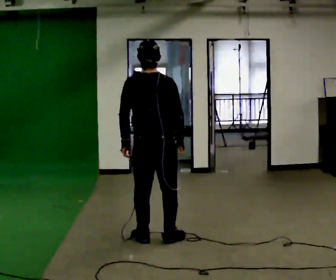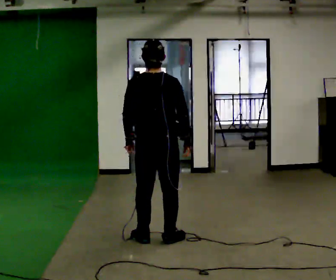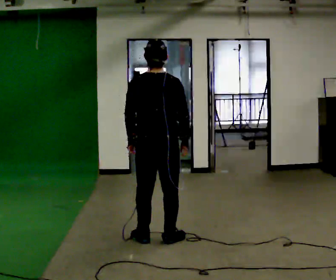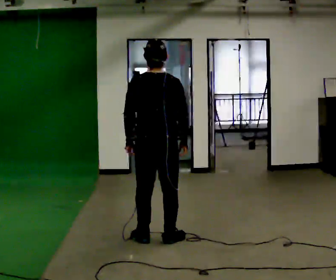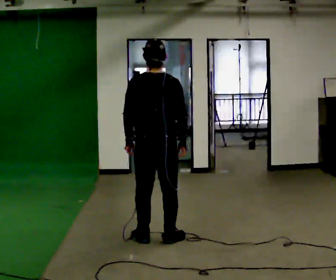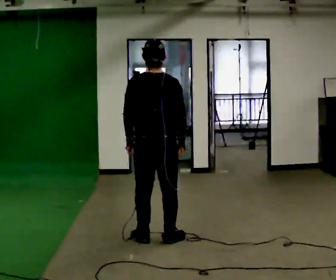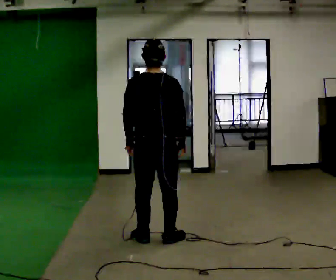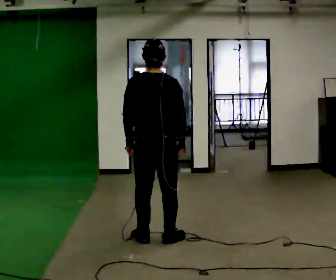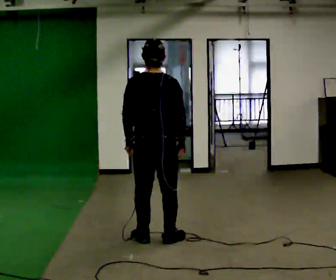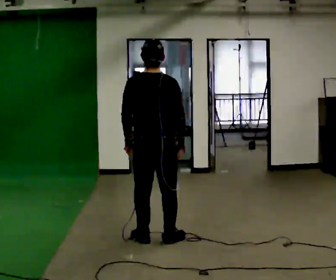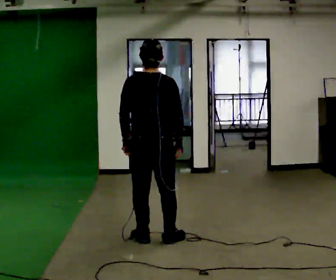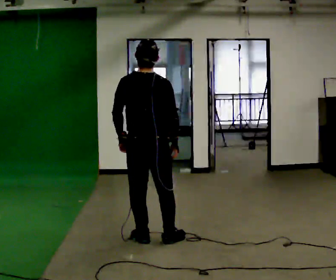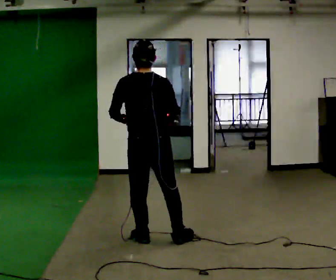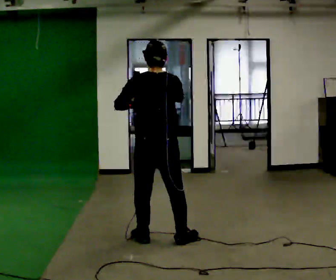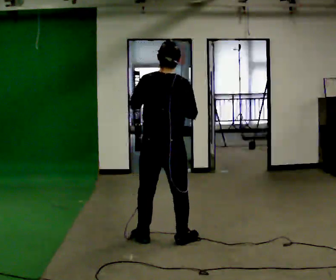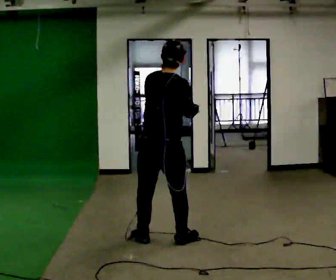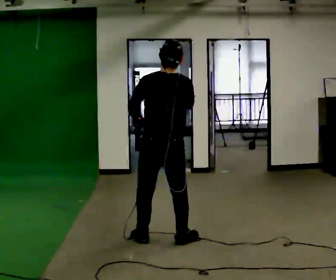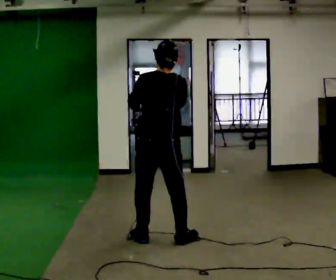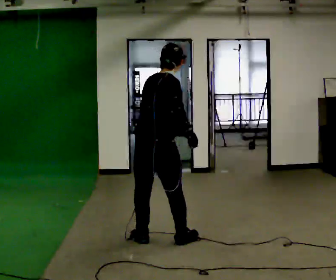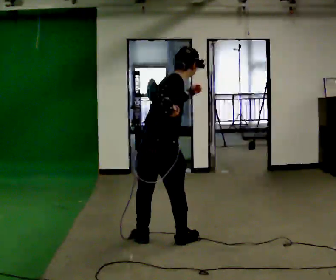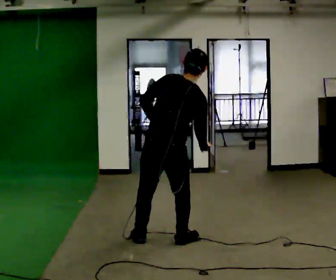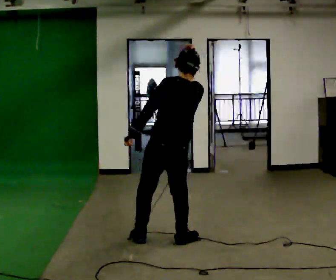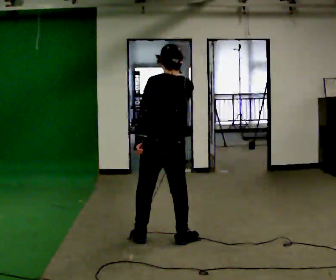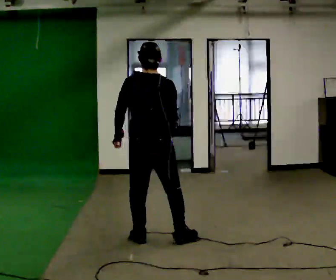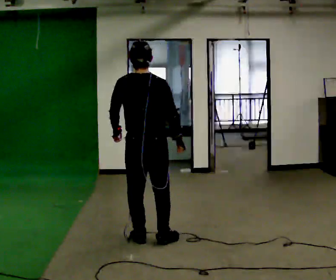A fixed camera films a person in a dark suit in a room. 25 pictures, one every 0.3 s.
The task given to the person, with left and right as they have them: Mimic boxing into the air at moderate speed with both hands, moving your feet only a little. Stay controlled; do not punch at full speed.
0.0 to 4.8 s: In the picture their right hand goes upward.
4.8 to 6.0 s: In the picture the upper body tilts clockwise, shoulders to the right. In the picture their right hand goes downward.
6.0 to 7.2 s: In the picture they go to the left, about 0.25 m, which for them is to their left. In the picture the upper body tilts counterclockwise, shoulders to the left.
The film runs forward here.
